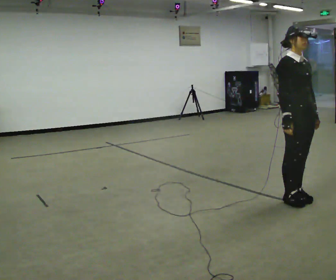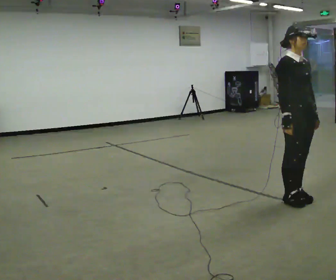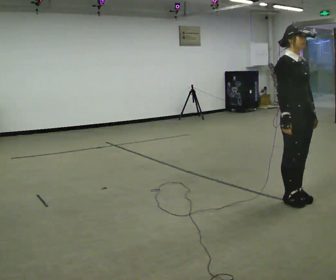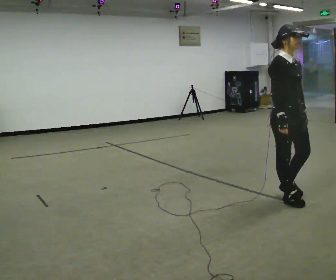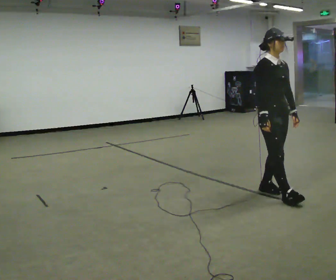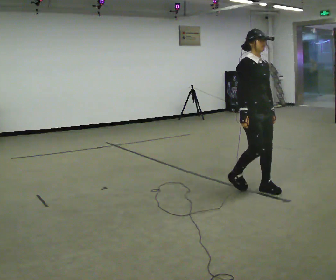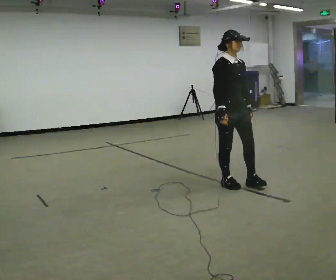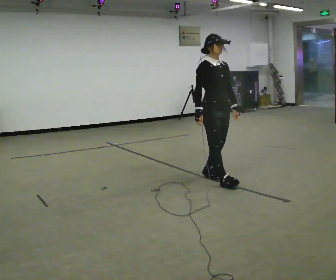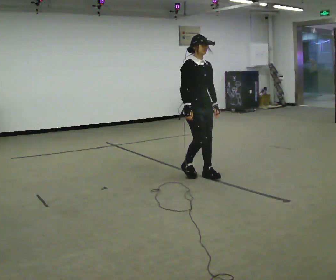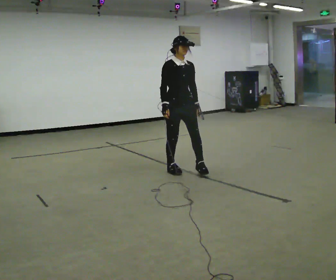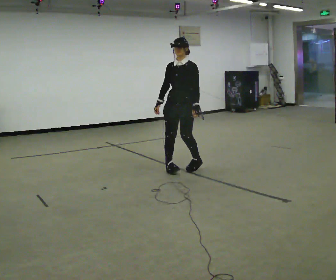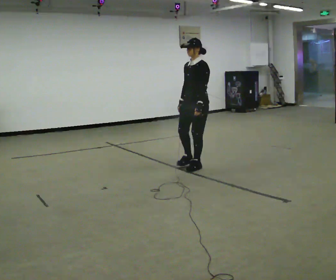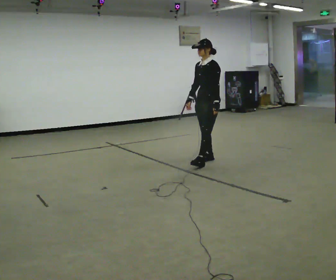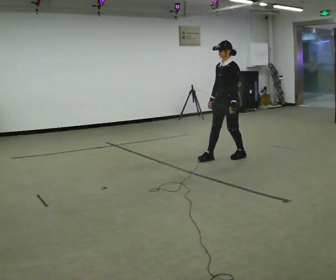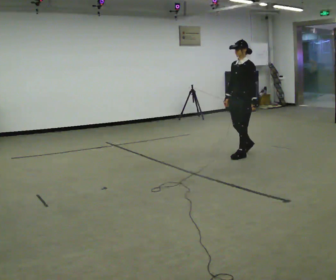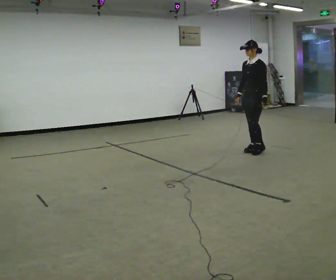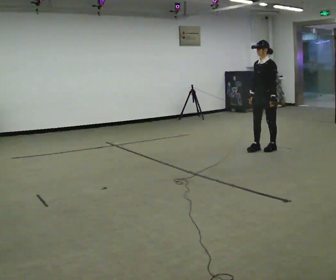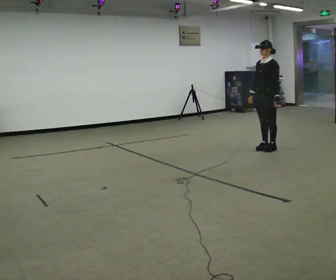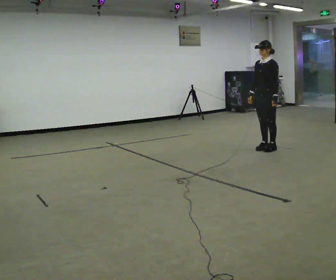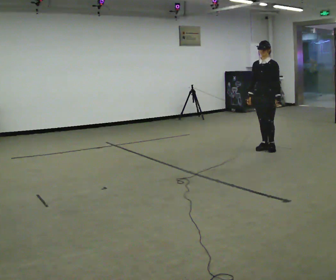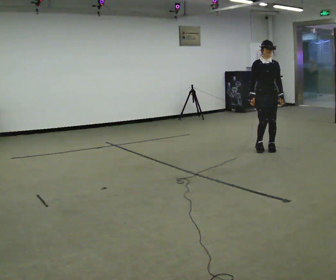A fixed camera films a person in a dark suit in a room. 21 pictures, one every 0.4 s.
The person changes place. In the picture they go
away from the camera.
0.0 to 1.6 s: In the picture they go away from the camera and to the left, about 0.25 m in 1 step, which for them is backward.
1.6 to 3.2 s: In the picture they go away from the camera and to the left, about 1 m in 2 steps, which for them is backward.
3.2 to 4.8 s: Seen from above the body turns clockwise, about 90 degrees: to their right, with its near side sliding to the left. In the picture they go away from the camera, about 0.75 m in 3 steps.
4.8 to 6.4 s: In the picture they go to the right and away from the camera, about 1 m in 3 steps, which for them is backward.
6.4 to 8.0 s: The part of the body nearest the lens slides to the right as the person turns to their left by about 60 degrees.
The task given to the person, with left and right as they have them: Walk backward several steps, then turn while still moving backward, then continue backward. Operator confirms the space behind you is clear.
The film runs forward here.
